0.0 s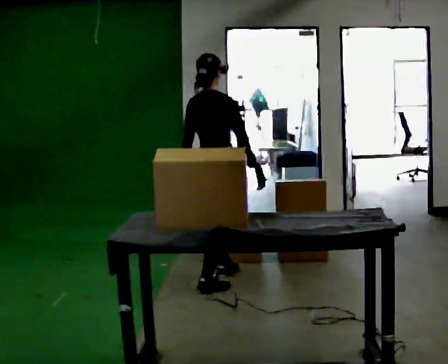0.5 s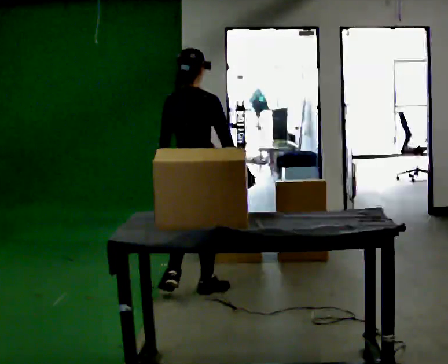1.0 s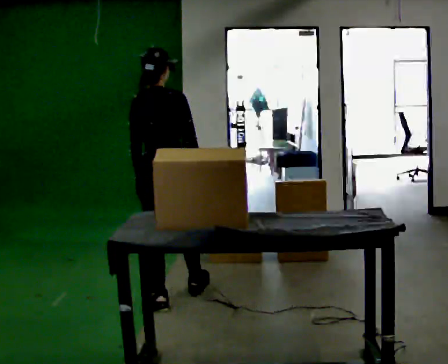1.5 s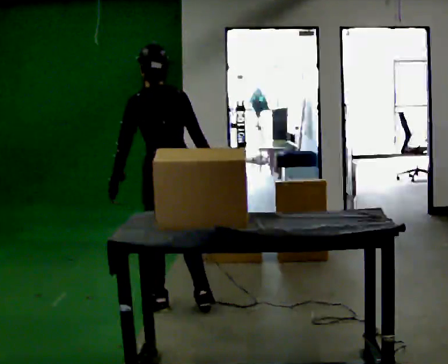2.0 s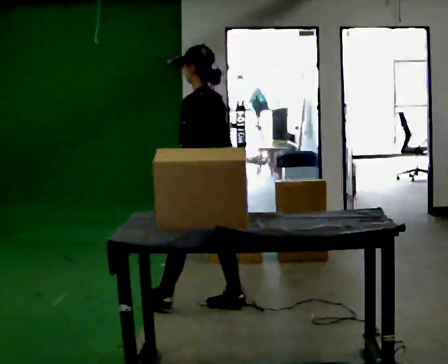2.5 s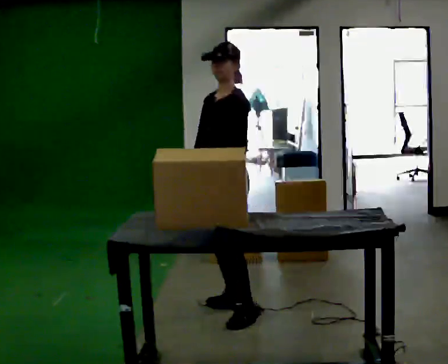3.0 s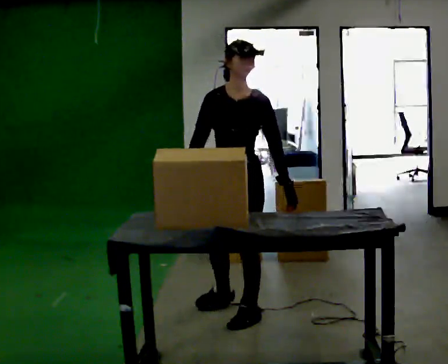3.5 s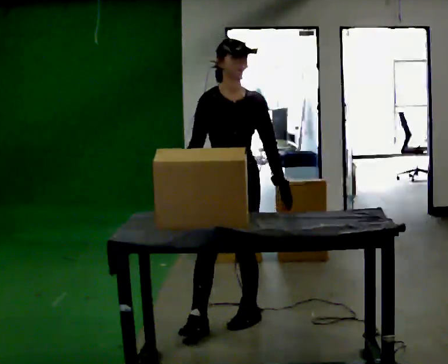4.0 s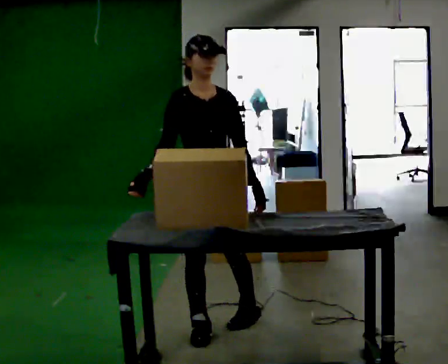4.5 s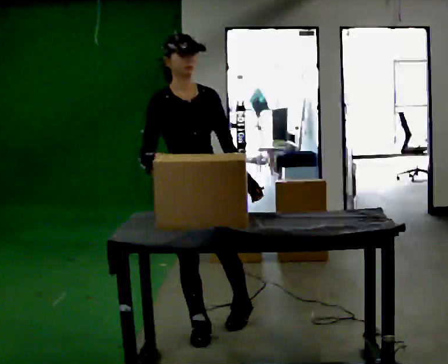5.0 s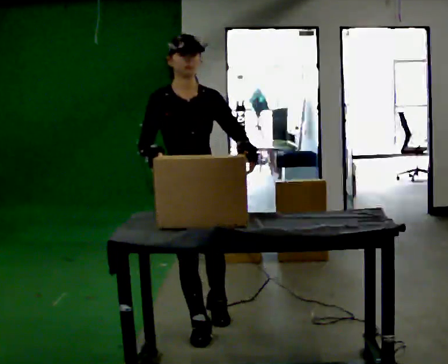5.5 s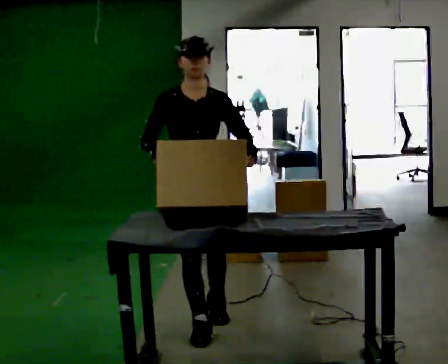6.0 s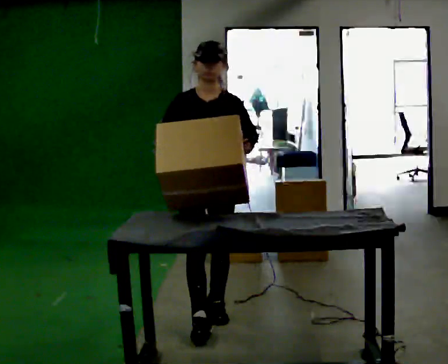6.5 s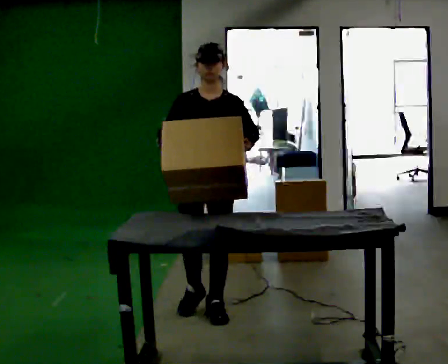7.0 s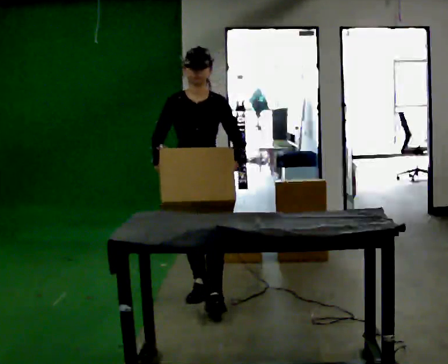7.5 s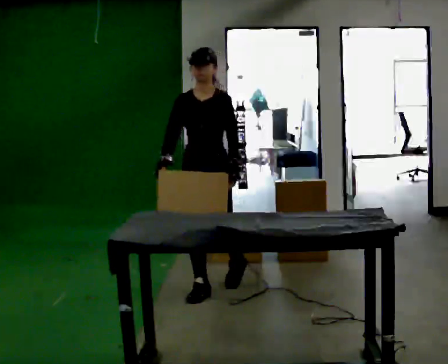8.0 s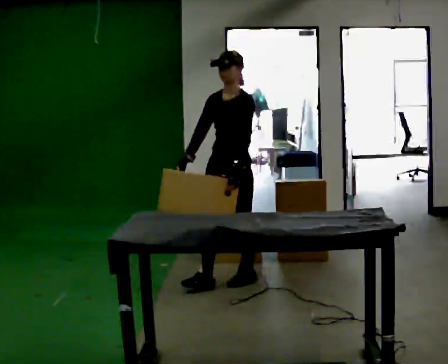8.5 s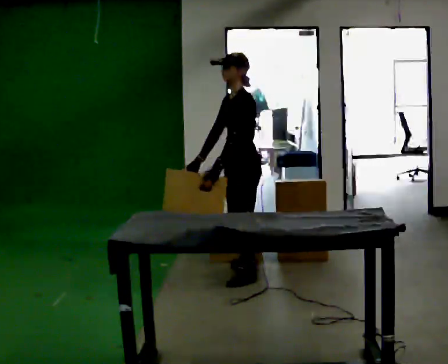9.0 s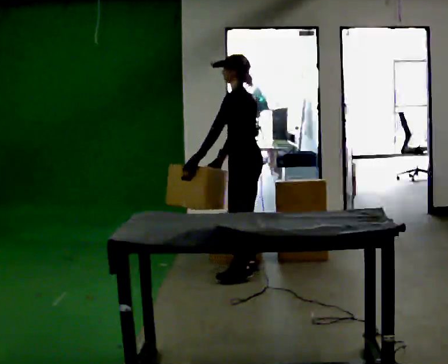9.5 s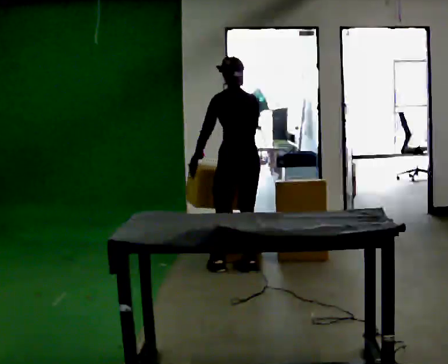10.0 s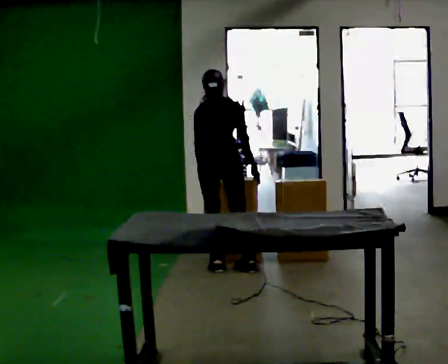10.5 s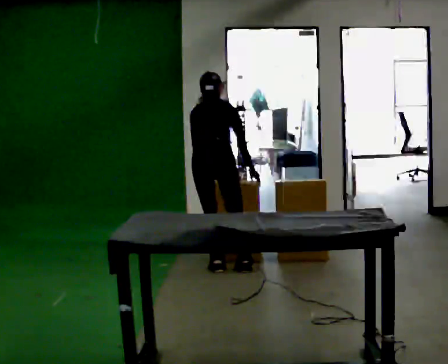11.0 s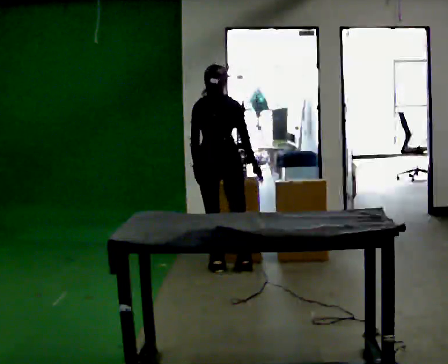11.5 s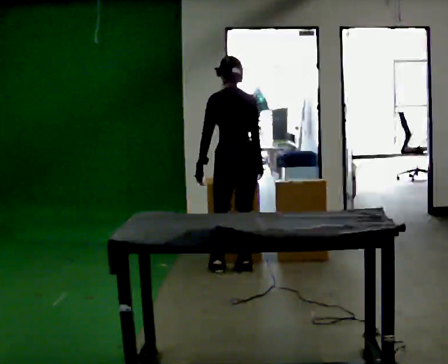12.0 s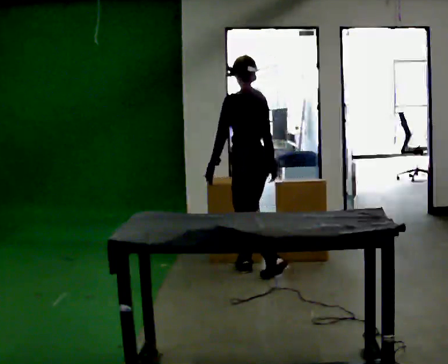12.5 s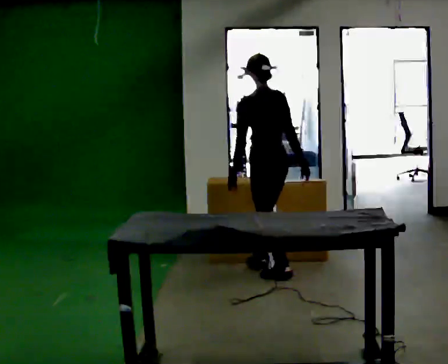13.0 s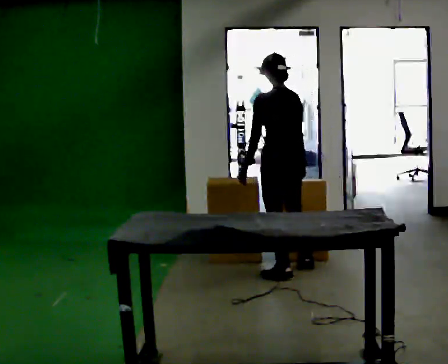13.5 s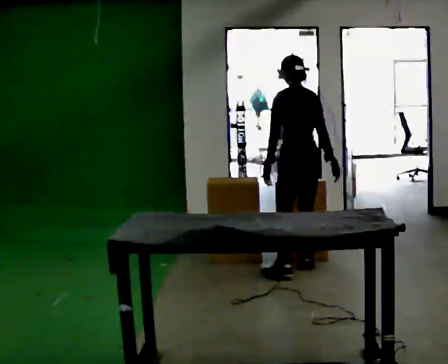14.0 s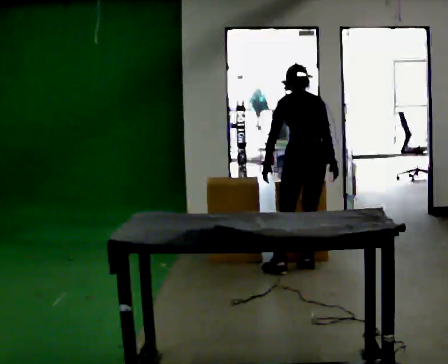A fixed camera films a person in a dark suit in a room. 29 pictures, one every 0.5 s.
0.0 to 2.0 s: The part of the body nearest the lens slides to the right as the person turns to their left by about 105 degrees. In the picture they go toward the camera, about 0.75 m in 3 steps.
2.0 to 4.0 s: The part of the body nearest the lens slides to the right as the person turns to their left by about 135 degrees. In the picture they go toward the camera, about 0.5 m in 1 step.
4.0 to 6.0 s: In the picture they go away from the camera, about 0.25 m in 1 step, which for them is backward.
6.0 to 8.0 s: The part of the body nearest the lens slides to the left as the person turns to their right by about 45 degrees. In the picture they go away from the camera, about 1 m in 3 steps, which for them is backward.
8.0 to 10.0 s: Seen from above the body turns clockwise, about 150 degrees: to their right, with its near side sliding to the left. In the picture they go away from the camera, about 0.25 m in 1 step. The upper body tips away from the camera, its near side rolling upward, as they bend forward.
10.0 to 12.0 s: The person turns about 60 degrees to their left, counterclockwise seen from above, so the part of the body nearest the lens slides to the right. In the picture they go to the right, about 0.25 m in 1 step, which for them is to their right. The upper body tips toward the camera, its near side rolling downward, as they lean back or straighten.
12.0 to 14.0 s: The person turns about 45 degrees to their right, clockwise seen from above, so the part of the body nearest the lens slides to the left. In the picture they go to the right, about 0.5 m in 1 step, which for them is to their right. The upper body tips away from the camera, its near side rolling upward, as they bend forward.
The film runs backward here.
